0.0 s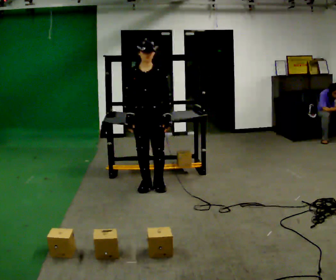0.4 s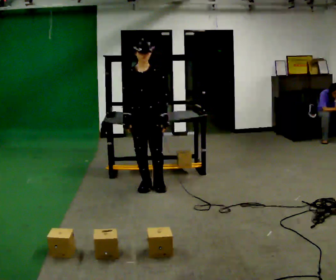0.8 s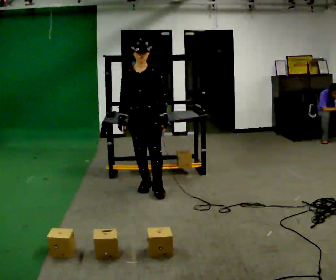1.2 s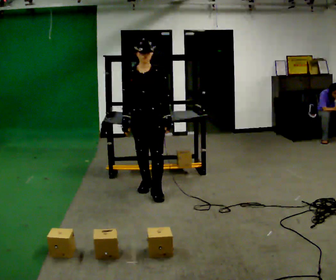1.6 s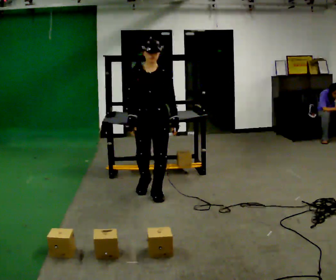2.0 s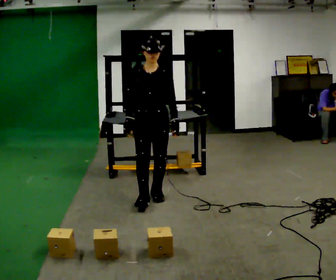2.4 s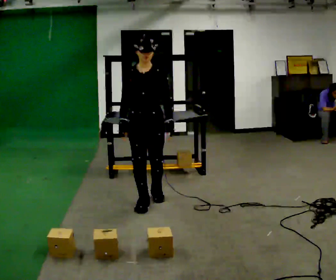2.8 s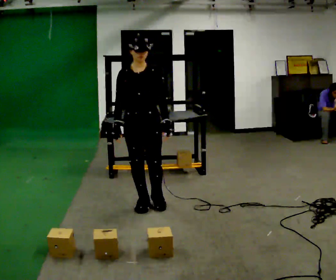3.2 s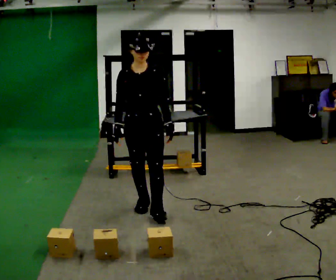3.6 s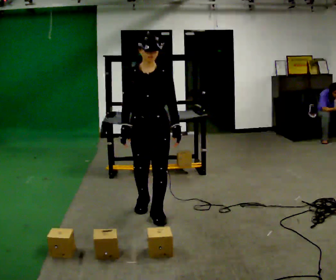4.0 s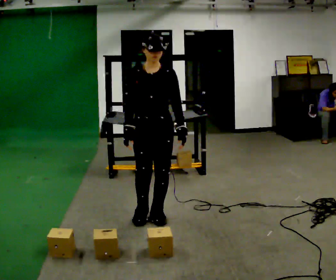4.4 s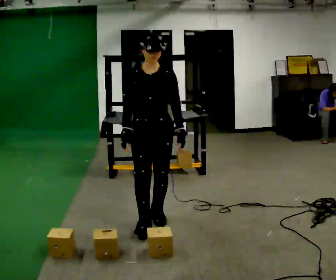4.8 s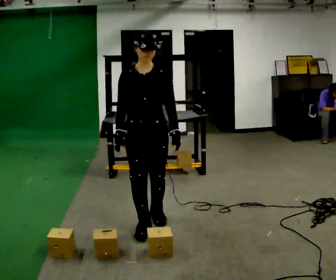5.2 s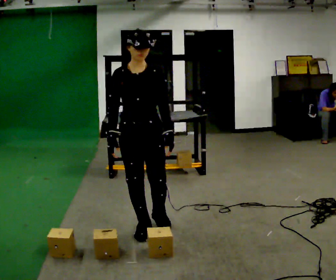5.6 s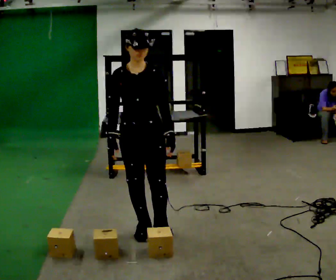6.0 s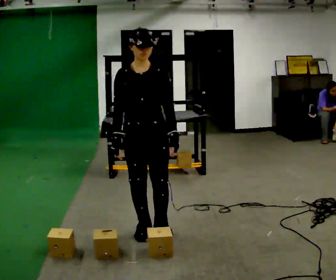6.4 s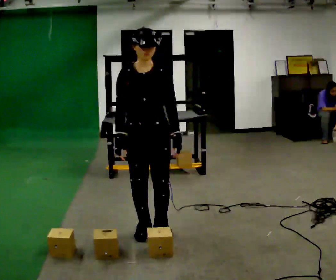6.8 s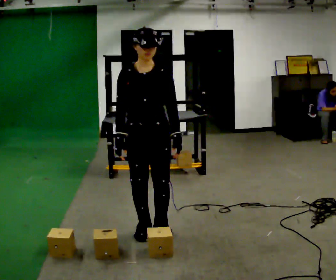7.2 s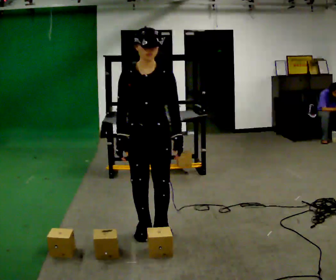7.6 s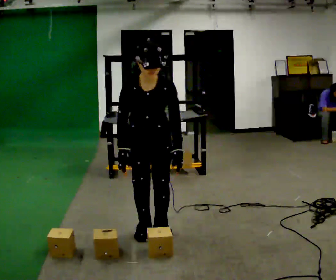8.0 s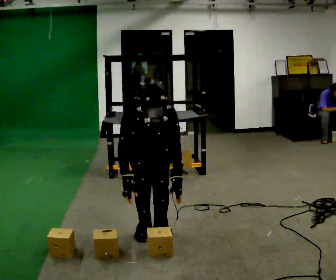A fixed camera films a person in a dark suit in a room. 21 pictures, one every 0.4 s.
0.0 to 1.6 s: In the picture they go toward the camera, about 0.25 m in 1 step, which for them is forward.
1.6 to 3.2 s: In the picture they go toward the camera, about 0.5 m in 2 steps, which for them is forward.
3.2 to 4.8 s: In the picture they go toward the camera, about 0.5 m in 1 step, which for them is forward.
4.8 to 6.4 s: The person moves a little, or ends about where they began.
6.4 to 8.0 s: The upper body goes downward. The upper body tips toward the camera, its near side rolling downward, as they bend forward.
The film runs forward here.
